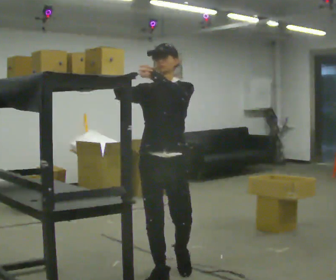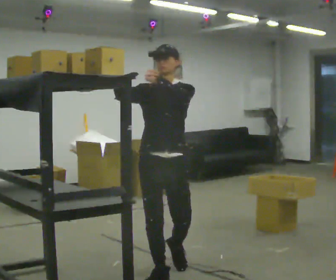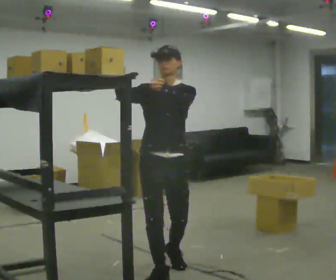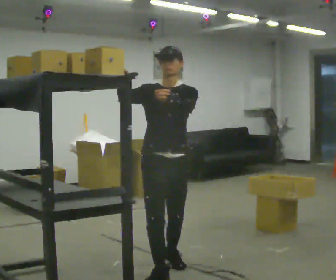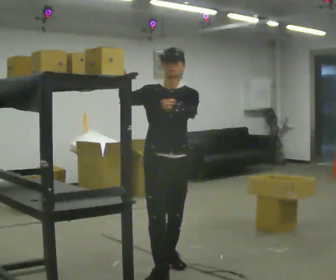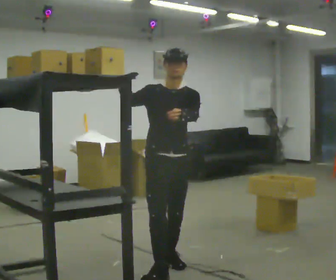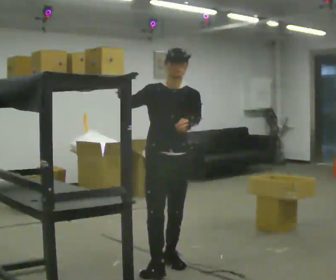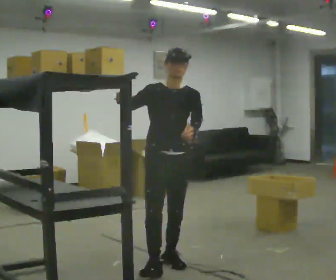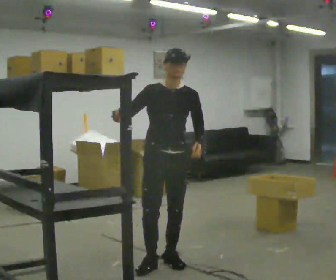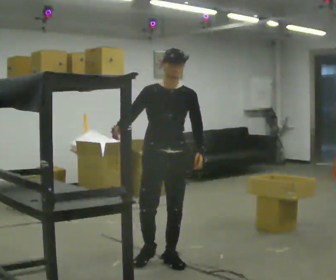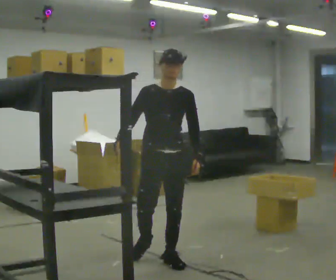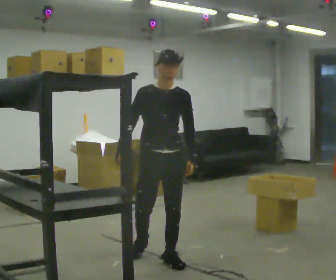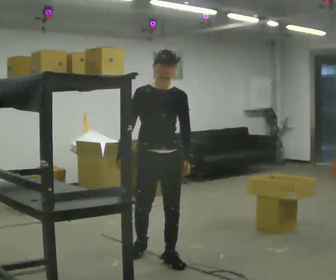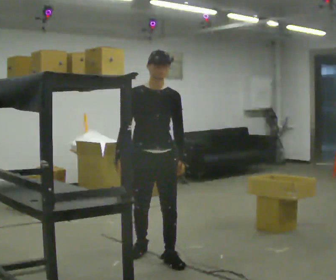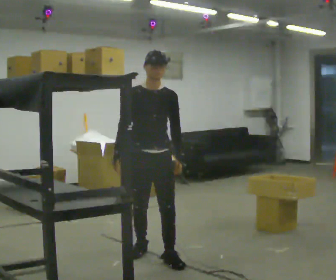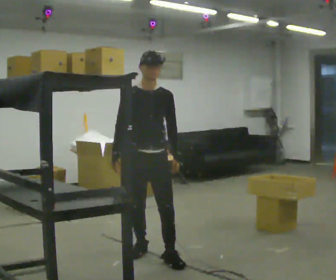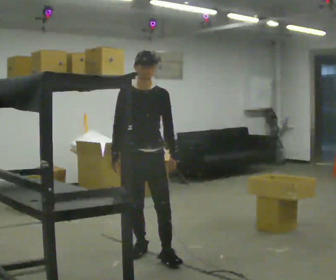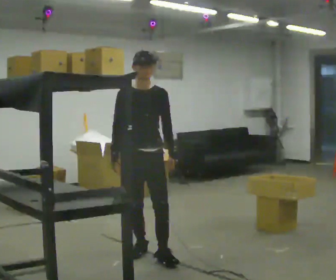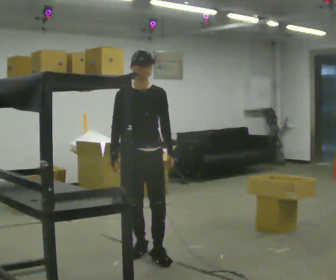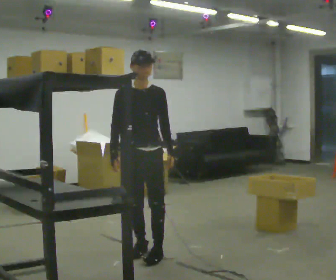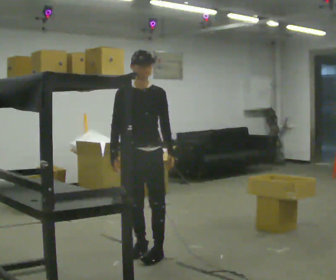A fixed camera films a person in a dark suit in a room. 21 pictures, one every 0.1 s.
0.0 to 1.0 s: In the picture they go away from the camera, about 0.5 m in 1 step, which for them is backward. In the picture their left hand goes downward.
1.0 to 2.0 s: In the picture they go away from the camera and to the left, about 0.25 m, which for them is backward and to their right.
The film runs backward here.
